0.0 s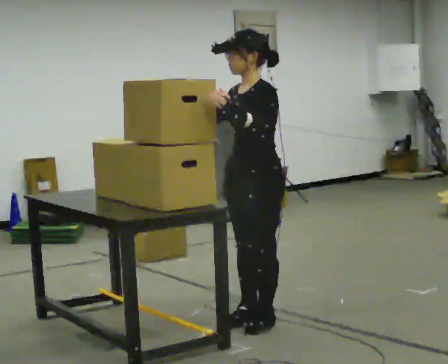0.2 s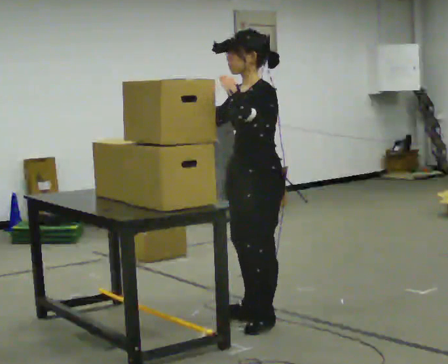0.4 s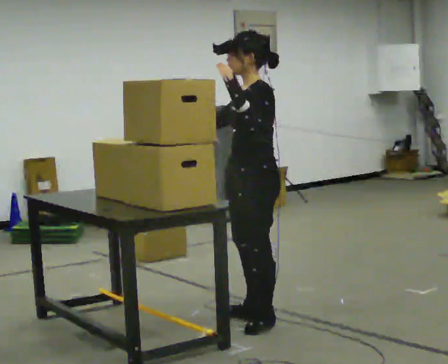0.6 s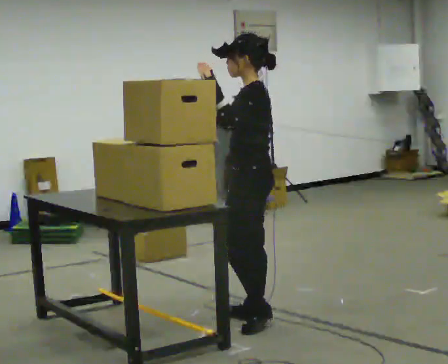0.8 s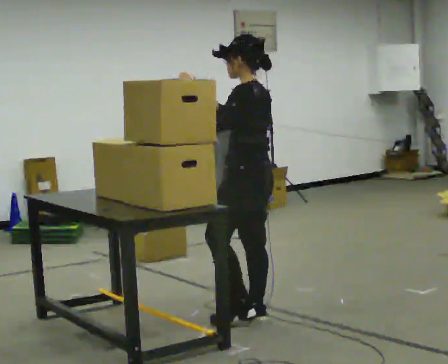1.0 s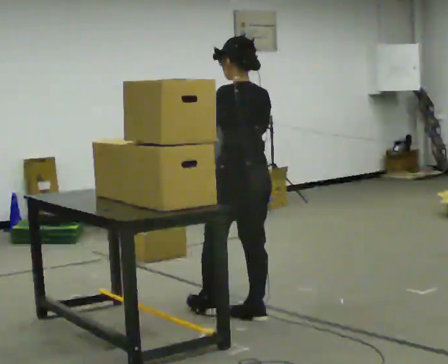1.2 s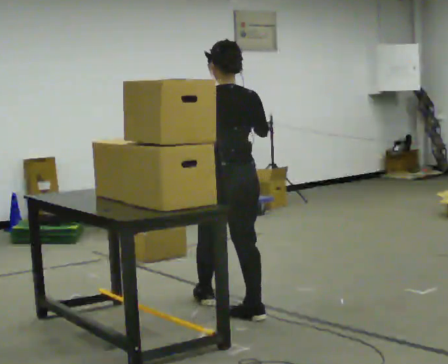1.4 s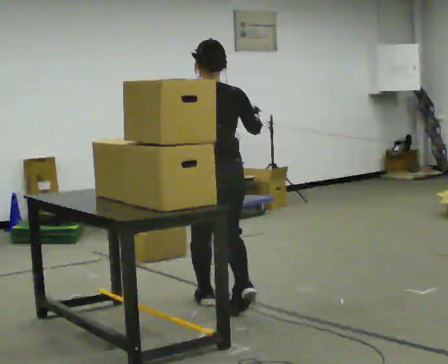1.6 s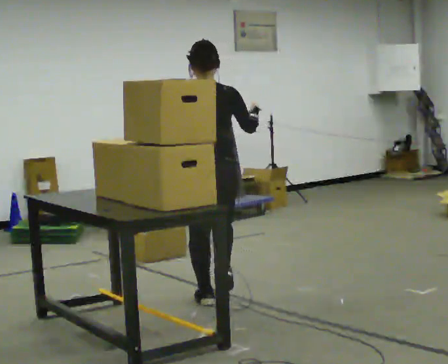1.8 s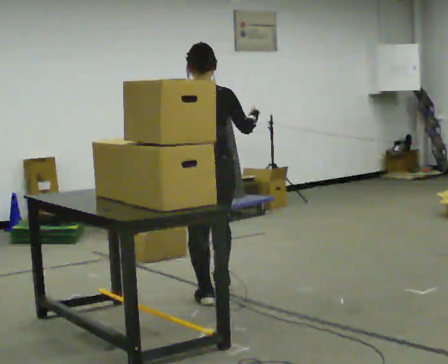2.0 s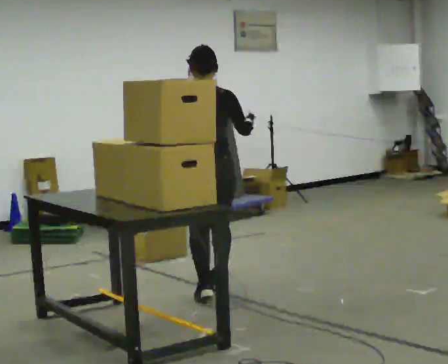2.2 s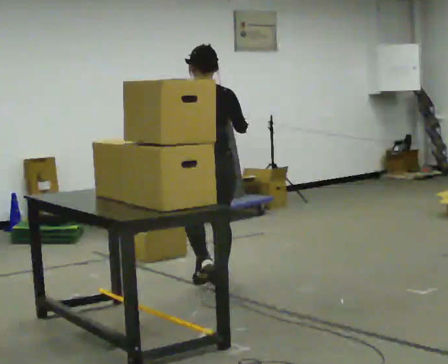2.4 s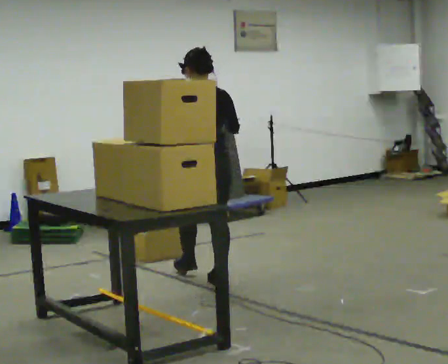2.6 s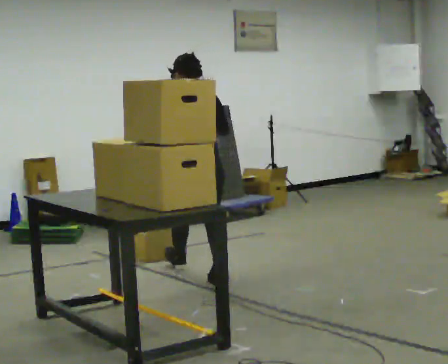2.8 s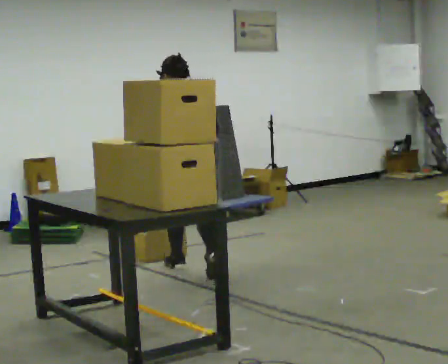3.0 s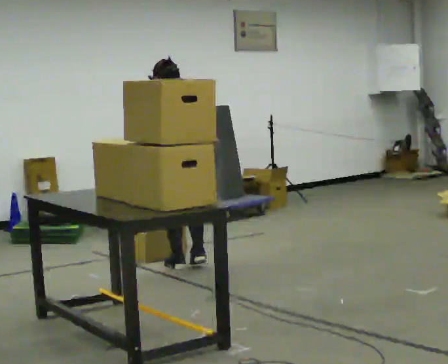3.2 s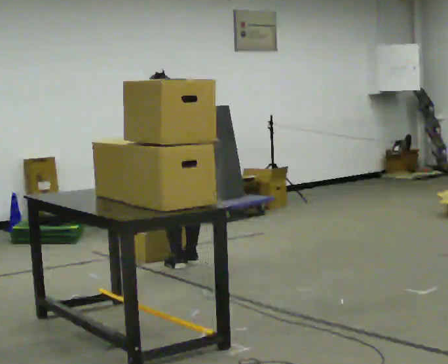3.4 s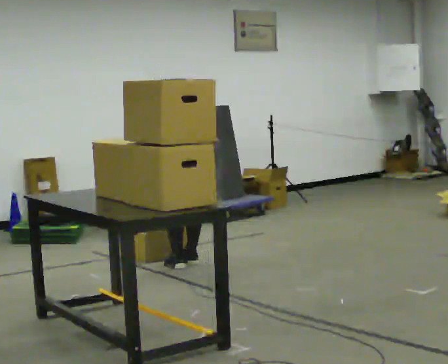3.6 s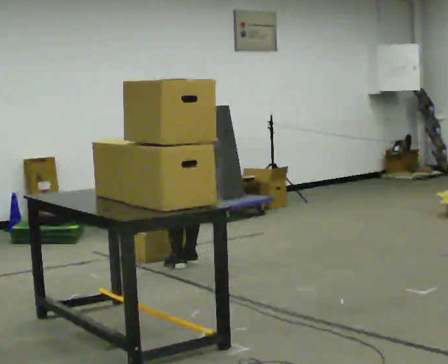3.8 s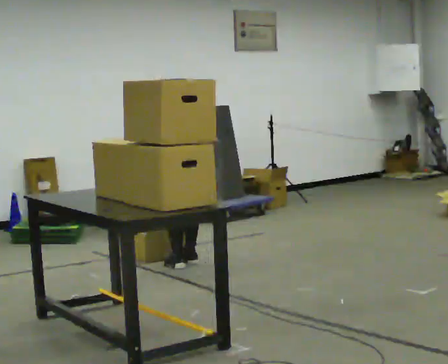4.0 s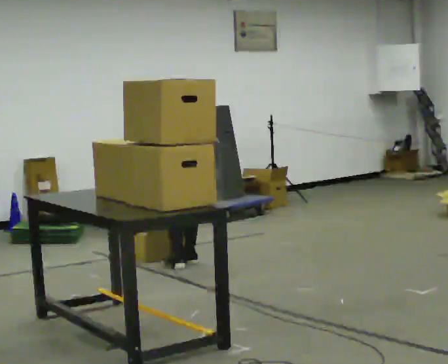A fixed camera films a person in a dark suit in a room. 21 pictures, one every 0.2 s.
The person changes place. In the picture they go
away from the camera.
Their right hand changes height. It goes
downward.
0.0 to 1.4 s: The person turns about 105 degrees to their right, clockwise seen from above, so the part of the body nearest the lens slides to the left. In the picture they go away from the camera and to the left, about 0.5 m in 1 step.
1.4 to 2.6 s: In the picture they go away from the camera, about 1 m in 1 step, which for them is forward.
2.6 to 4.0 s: In the picture they go away from the camera, about 0.25 m in 2 steps, which for them is forward. The upper body goes downward. The upper body tips away from the camera, its near side rolling upward, as they bend forward. In the picture their right hand goes downward.
The film runs forward here.
